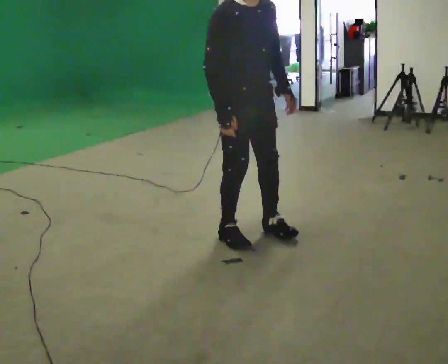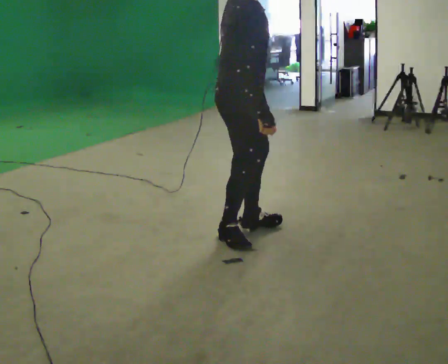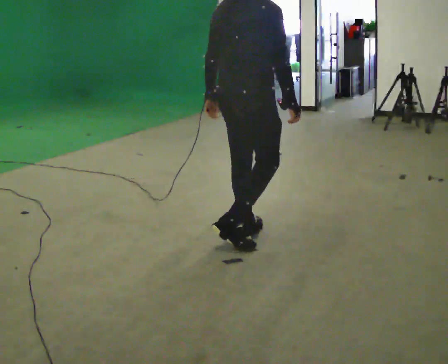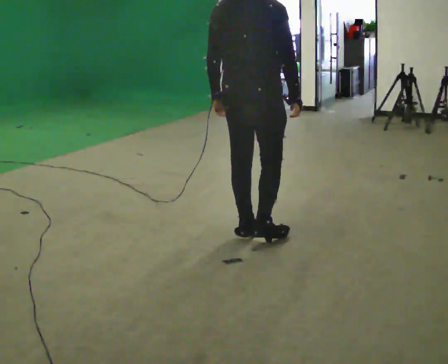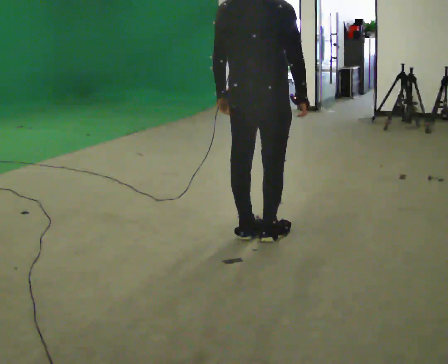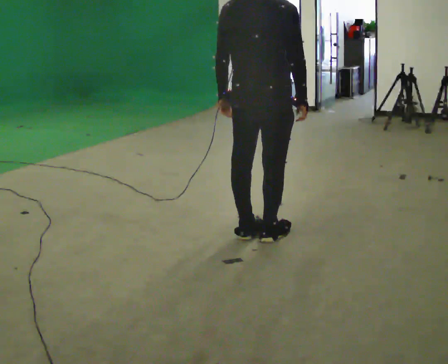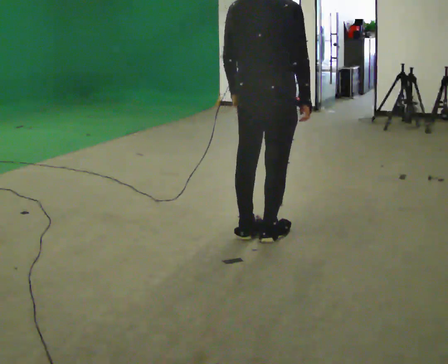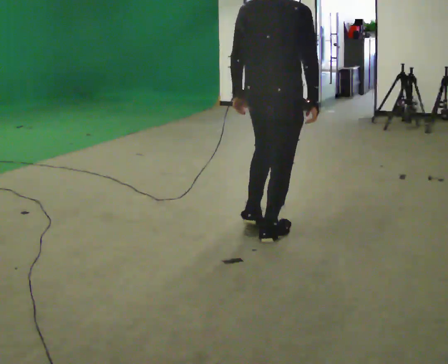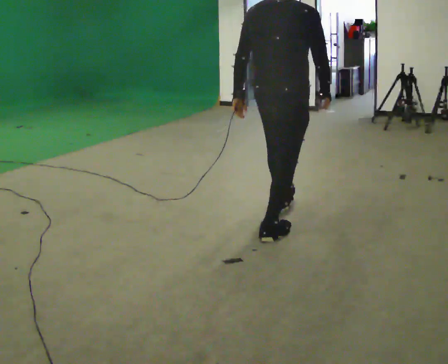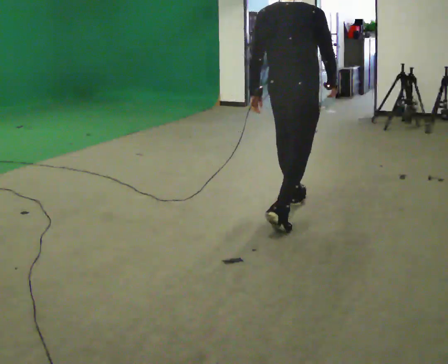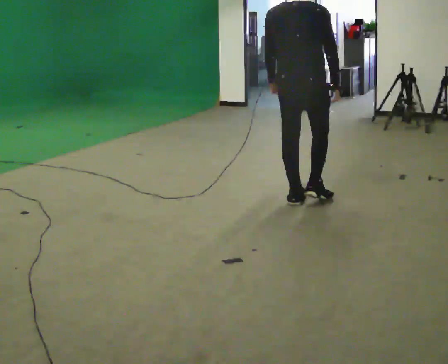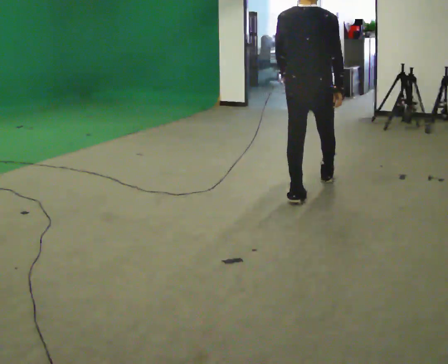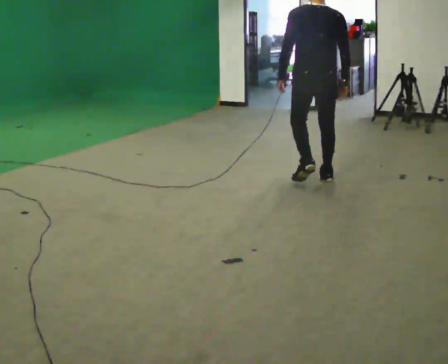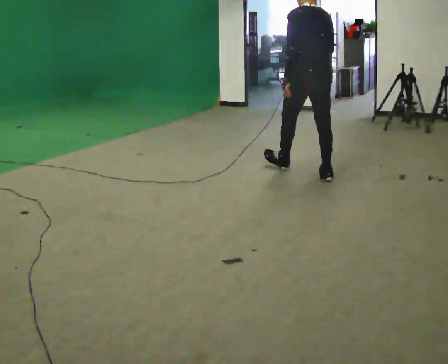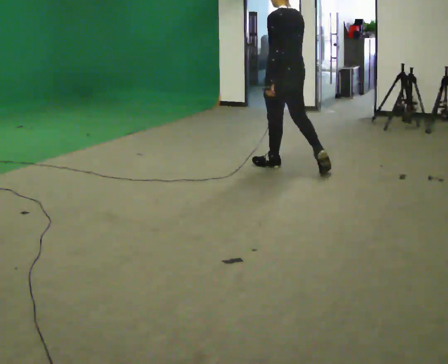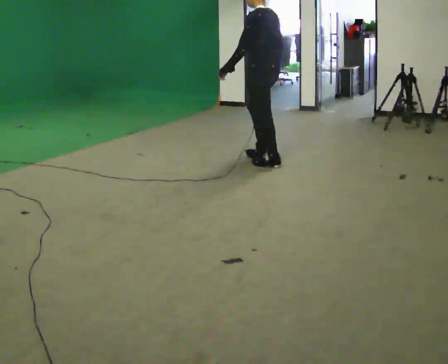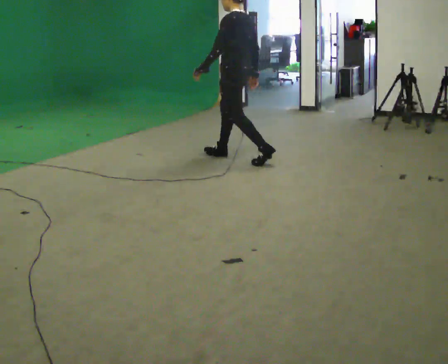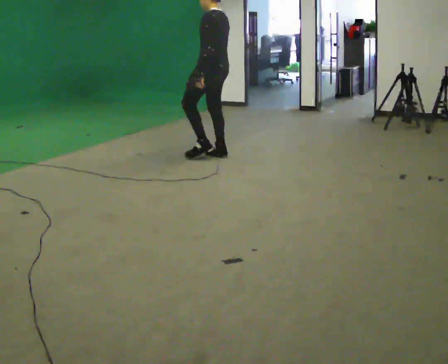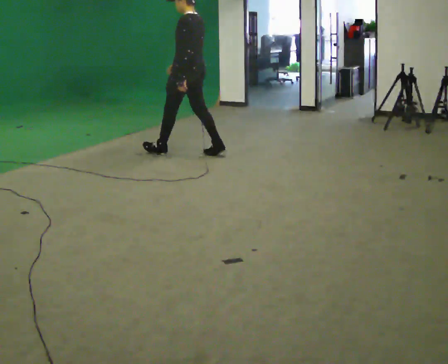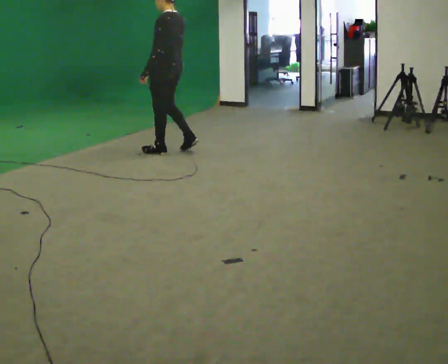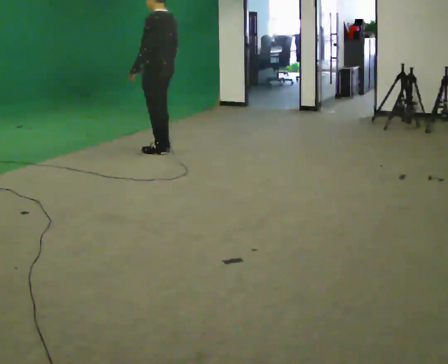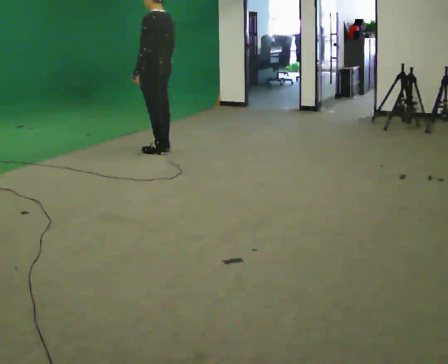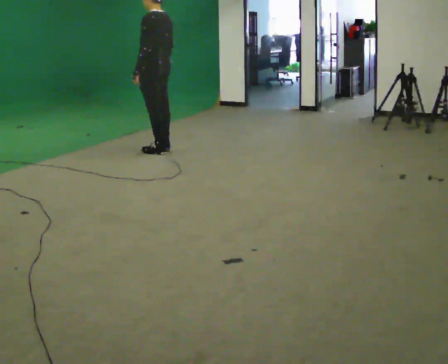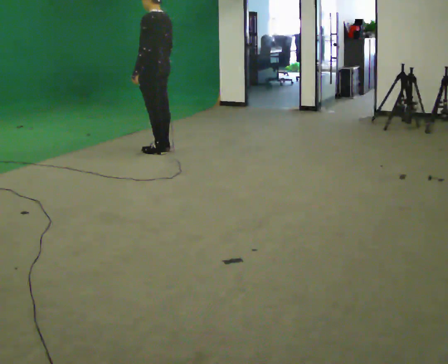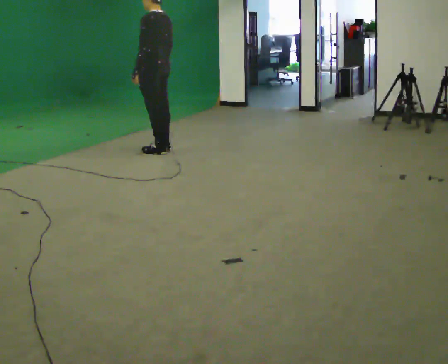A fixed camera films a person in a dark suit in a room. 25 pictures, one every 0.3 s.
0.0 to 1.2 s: The person turns about 120 degrees to their left, counterclockwise seen from above, so the part of the body nearest the lens slides to the right. In the picture their left hand goes to the left.
1.2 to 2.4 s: In the picture they go away from the camera, about 0.25 m, which for them is forward.
2.4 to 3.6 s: The part of the body nearest the lens slides to the right as the person turns to their left by about 30 degrees. In the picture they go away from the camera, about 1 m in 2 steps, which for them is forward.
3.6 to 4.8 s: The part of the body nearest the lens slides to the right as the person turns to their left by about 60 degrees. In the picture they go to the left and away from the camera, about 1 m in 2 steps.
4.8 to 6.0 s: In the picture they go to the left, about 1 m in 2 steps, which for them is forward.
6.0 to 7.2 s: The person moves a little, or ends about where they began.
The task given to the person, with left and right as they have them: Walk straight; turn 90° left/right while continuing to walk; continue.
The film runs forward here.
